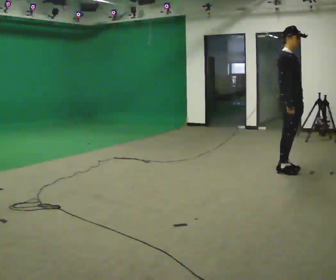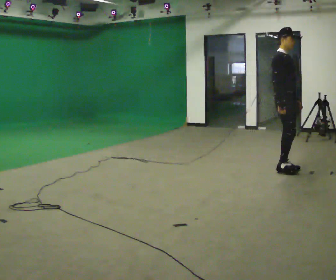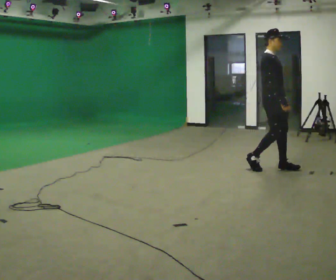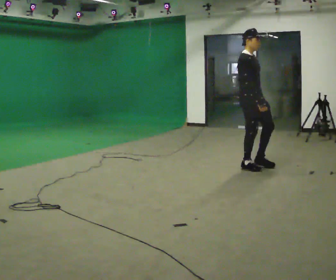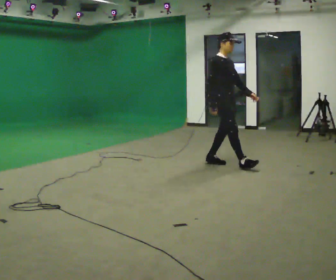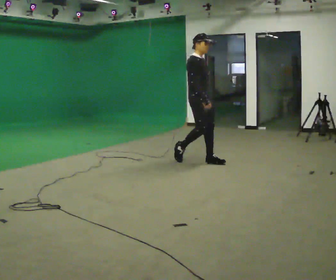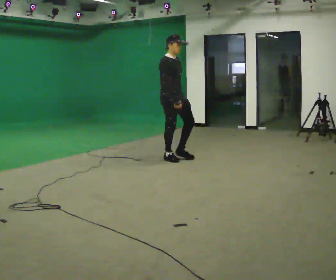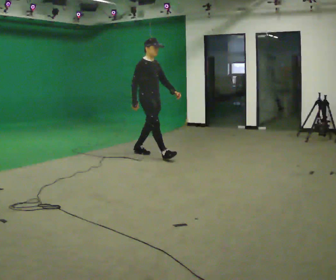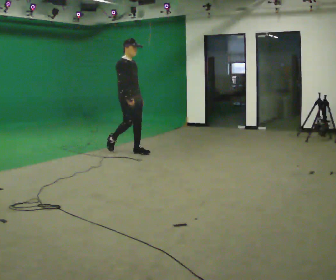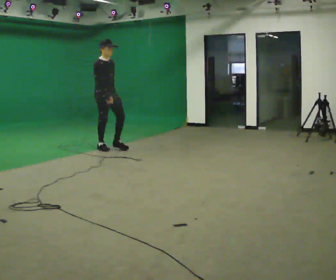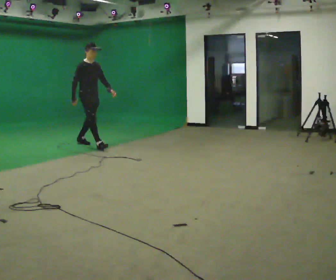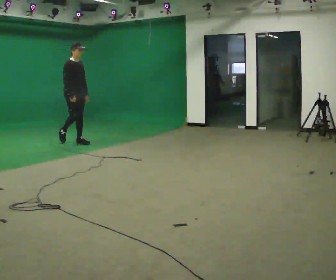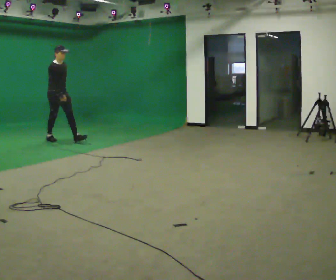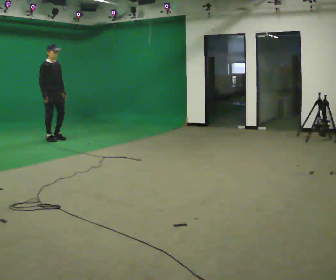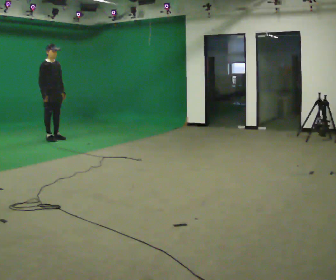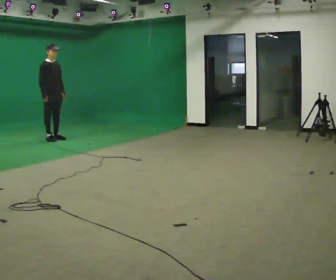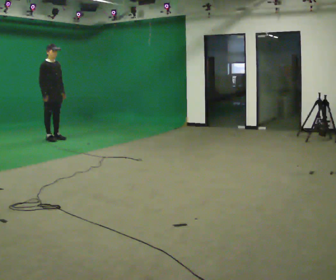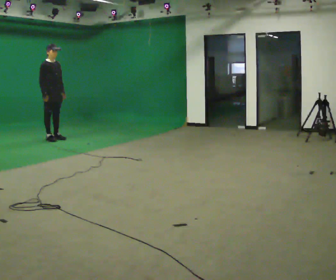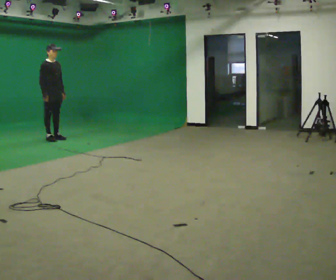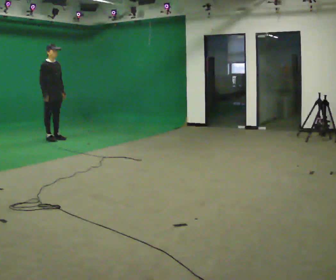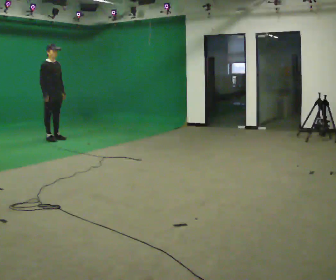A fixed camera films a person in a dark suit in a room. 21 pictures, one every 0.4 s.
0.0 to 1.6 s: In the picture they go to the left and away from the camera, about 1 m in 2 steps, which for them is backward.
1.6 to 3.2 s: In the picture they go to the left and away from the camera, about 1.5 m in 3 steps, which for them is backward.
3.2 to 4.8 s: In the picture they go to the left and away from the camera, about 1.5 m in 3 steps, which for them is backward.
4.8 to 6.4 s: In the picture they go away from the camera and to the left, about 0.25 m, which for them is backward. In the picture their right hand goes to the left.
6.4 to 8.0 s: The person keeps their place and pose.
The film runs backward here.
